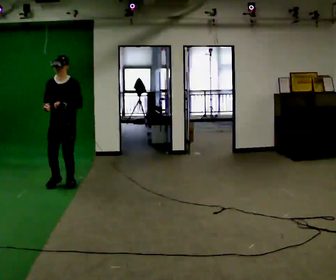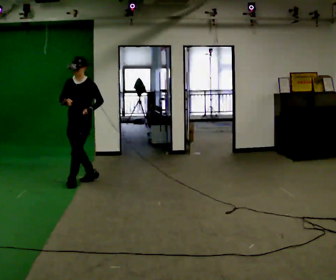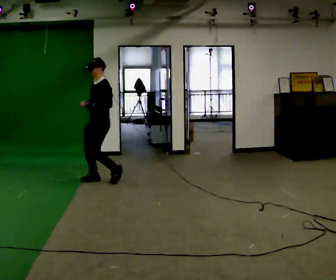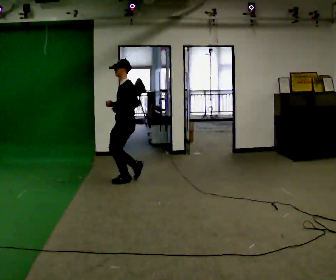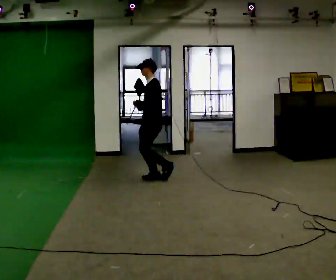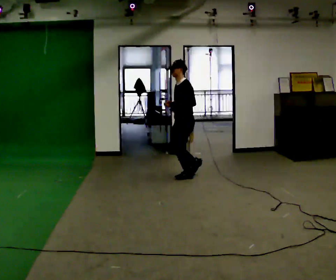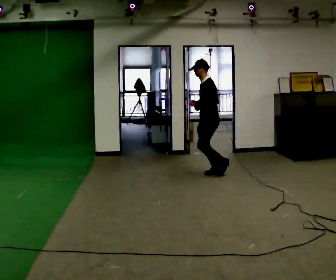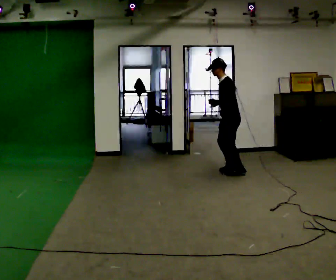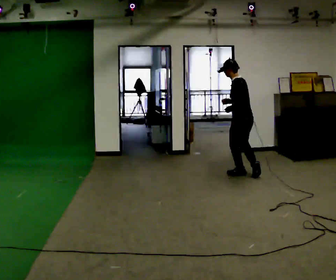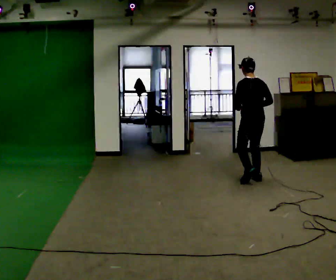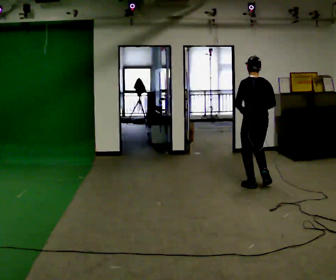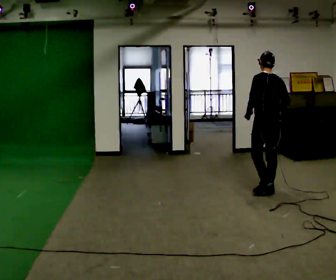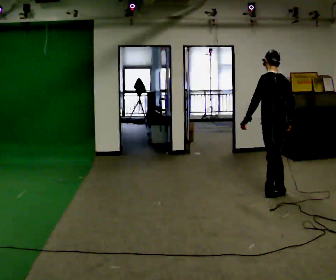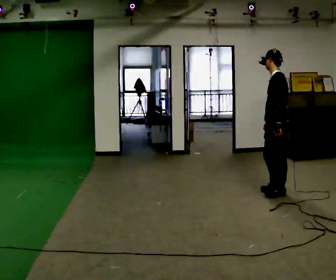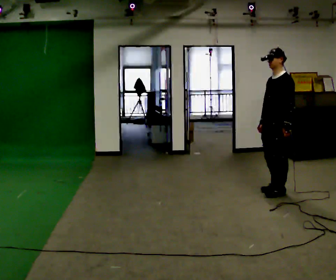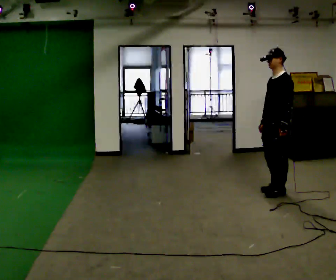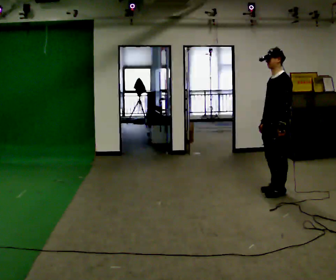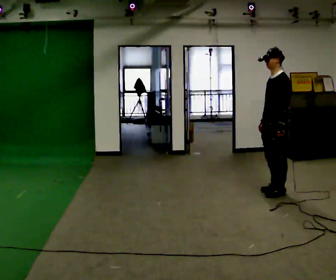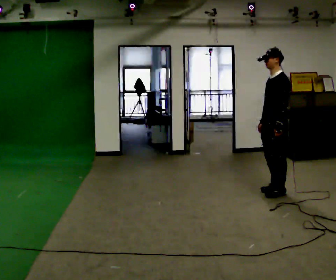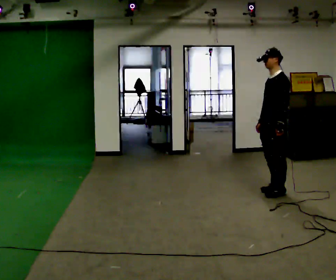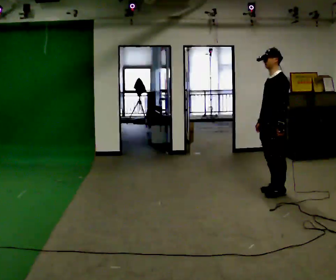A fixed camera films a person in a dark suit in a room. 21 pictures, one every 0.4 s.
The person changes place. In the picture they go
to the right.
0.0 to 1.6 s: Seen from above the body turns clockwise, about 75 degrees: to their right, with its near side sliding to the left. In the picture they go to the right and away from the camera, about 1 m in 3 steps.
1.6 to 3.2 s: Seen from above the body turns clockwise, about 60 degrees: to their right, with its near side sliding to the left. In the picture they go to the right, about 1 m in 3 steps, which for them is backward.
3.2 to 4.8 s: In the picture they go toward the camera and to the right, about 1 m in 3 steps, which for them is backward.
4.8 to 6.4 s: Seen from above the body turns counterclockwise, about 60 degrees: to their left, with its near side sliding to the right. In the picture their right hand goes to the left.
6.4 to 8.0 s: The person moves a little, or ends about where they began.
The film runs backward here.
